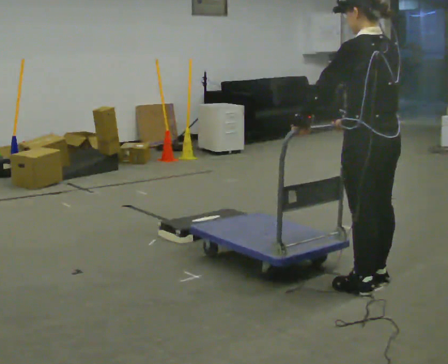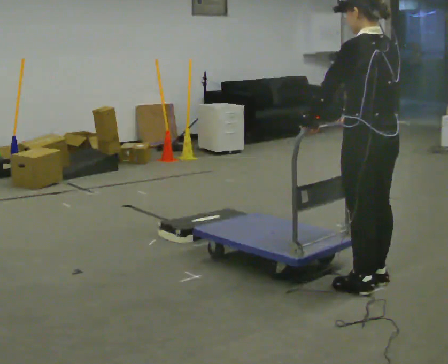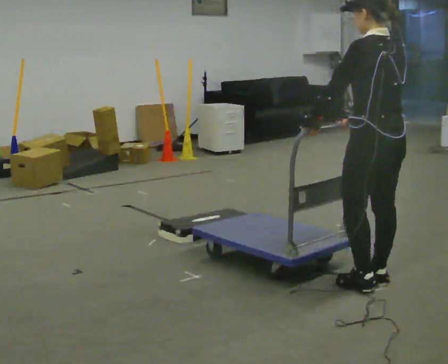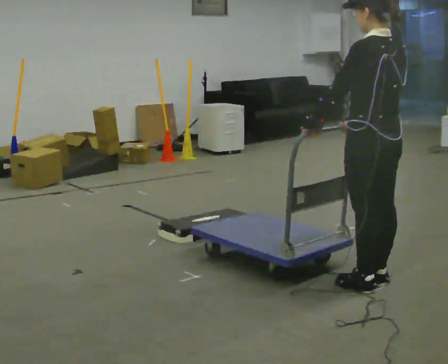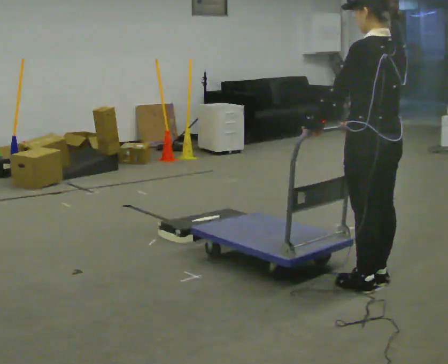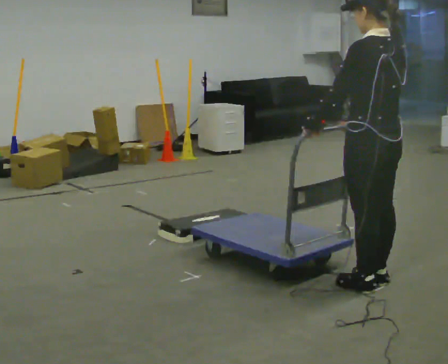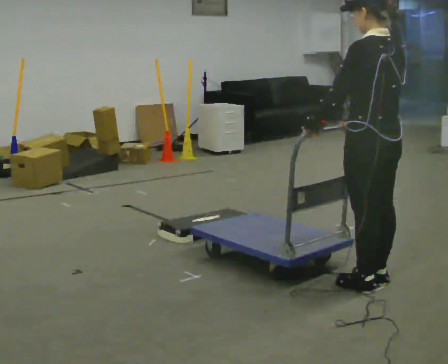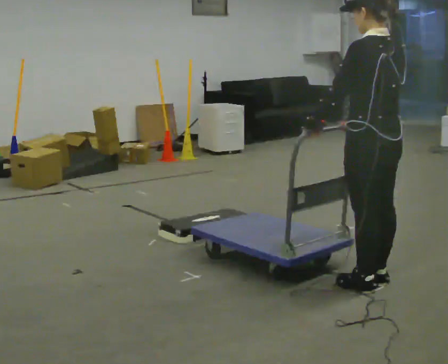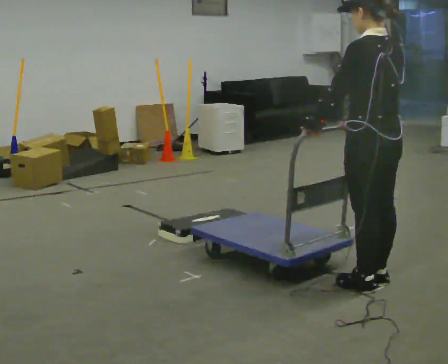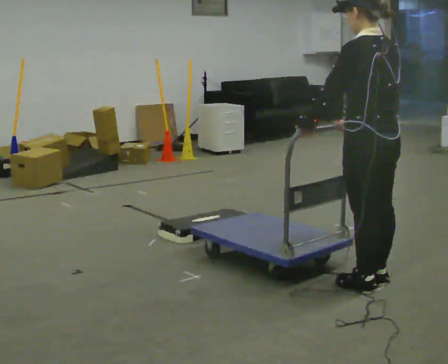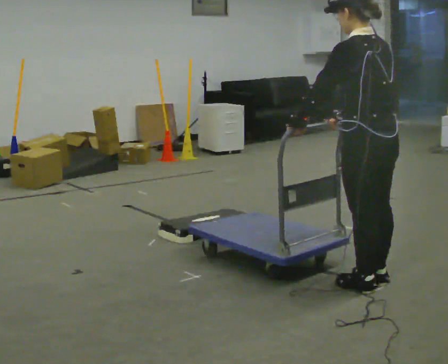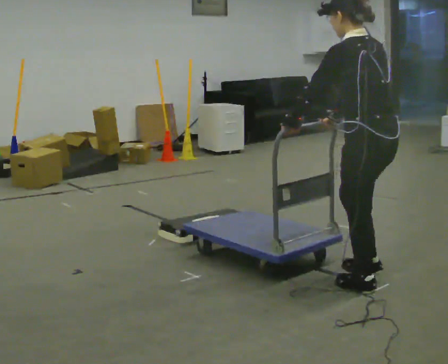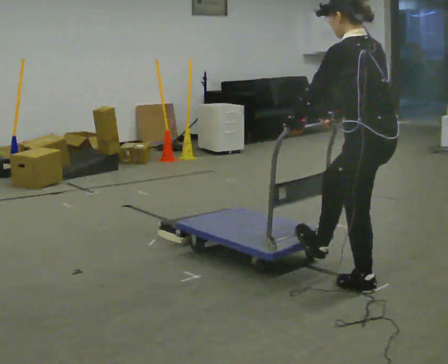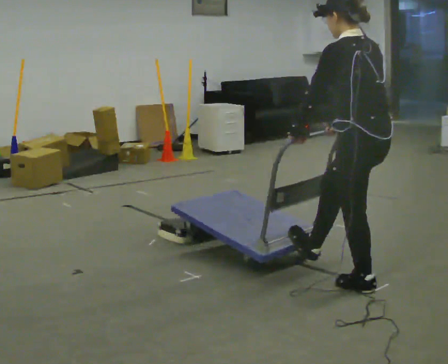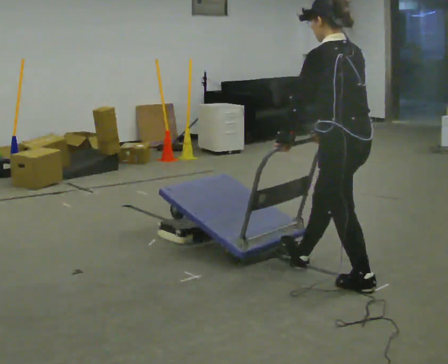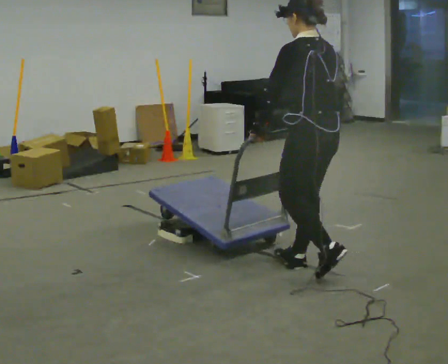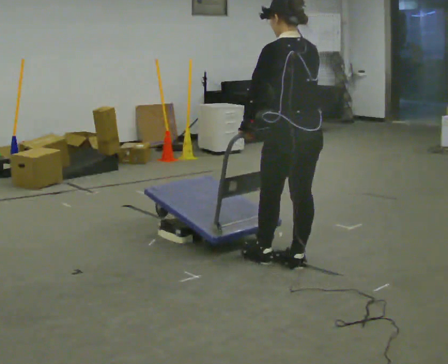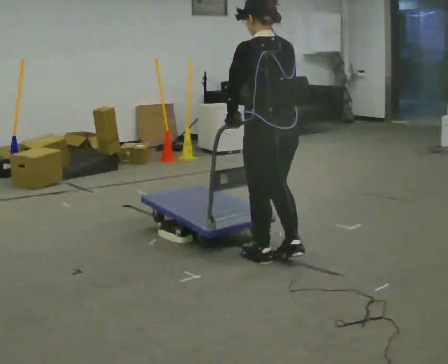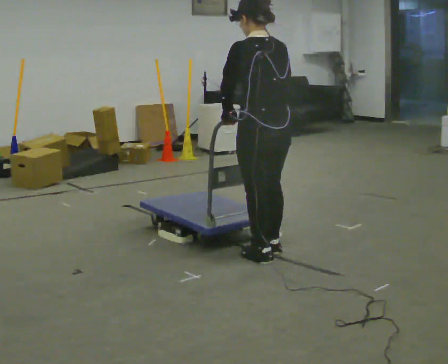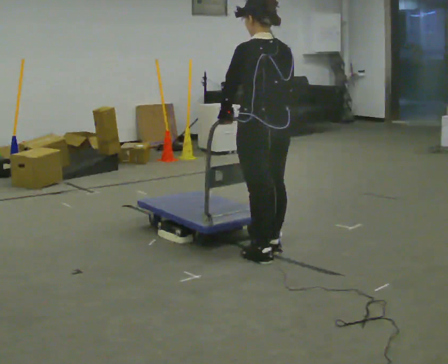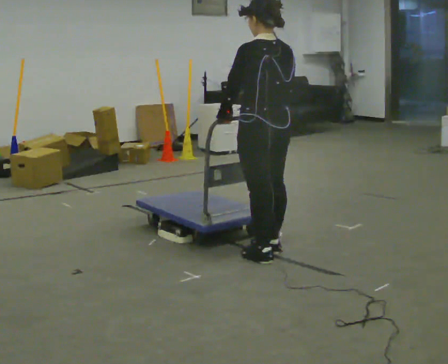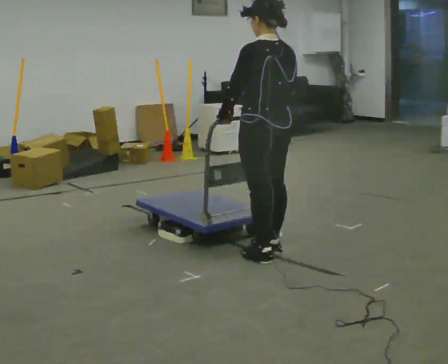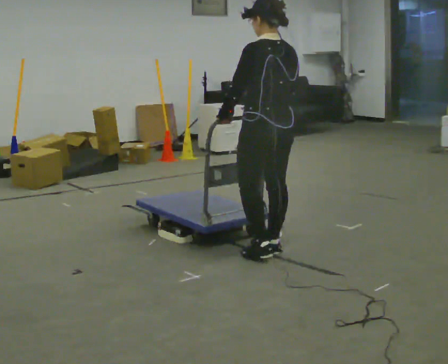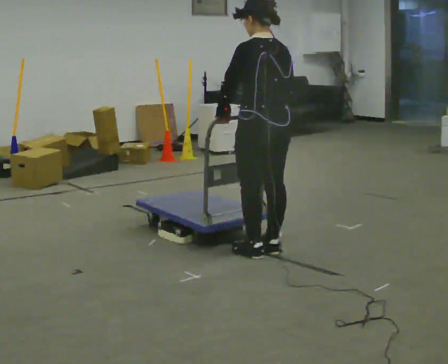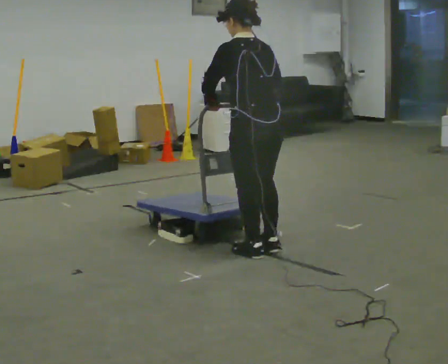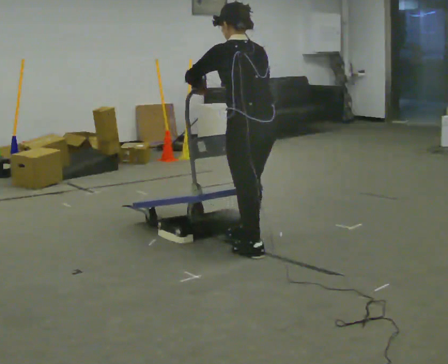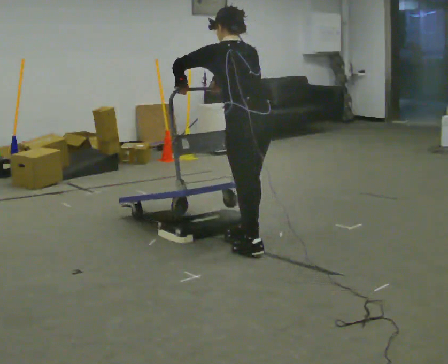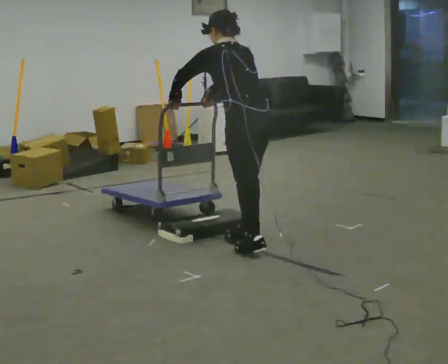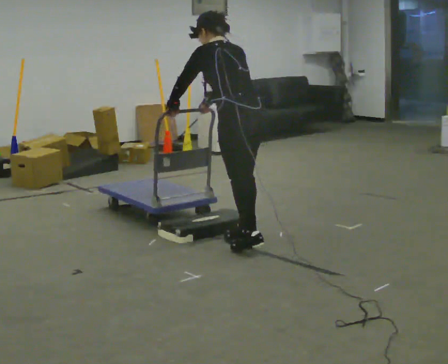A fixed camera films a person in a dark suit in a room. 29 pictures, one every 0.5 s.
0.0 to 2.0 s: The person moves a little, or ends about where they began.
2.0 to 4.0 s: The person keeps their place and pose.
4.0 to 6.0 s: In the picture the upper body tilts counterclockwise, shoulders to the left, as they bend forward.
6.0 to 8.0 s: In the picture they go to the left and away from the camera, about 0.5 m in 2 steps, which for them is forward.
8.0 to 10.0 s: In the picture they go to the left and away from the camera, about 0.25 m in 1 step, which for them is forward.
10.0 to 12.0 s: In the picture the upper body tilts counterclockwise, shoulders to the left, as they bend forward.
12.0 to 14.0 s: In the picture they go away from the camera and to the left, about 0.25 m in 1 step, which for them is forward. In the picture the upper body tilts counterclockwise, shoulders to the left, as they bend forward.
The film runs forward here.
